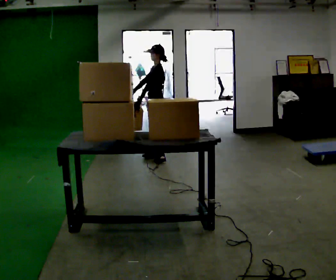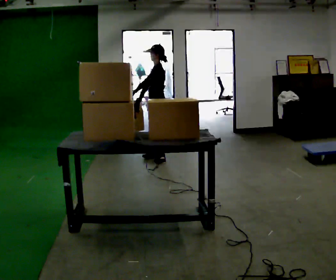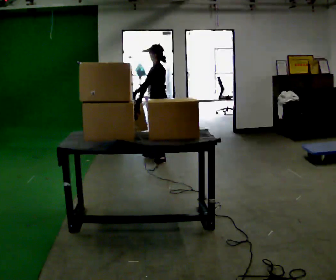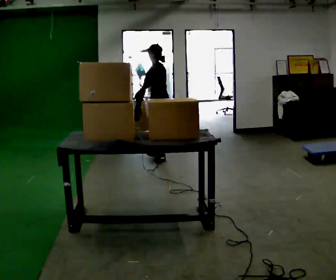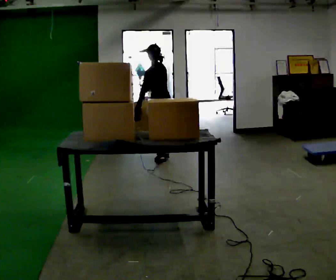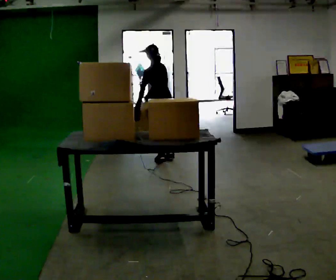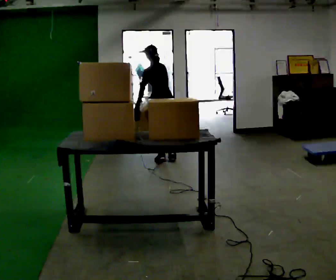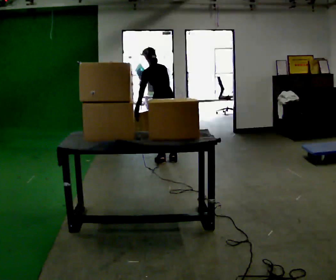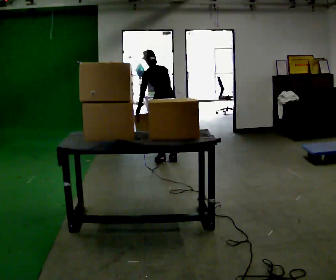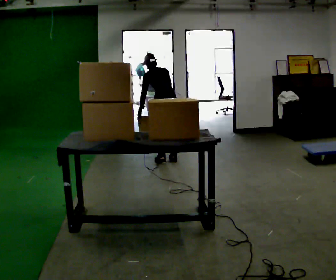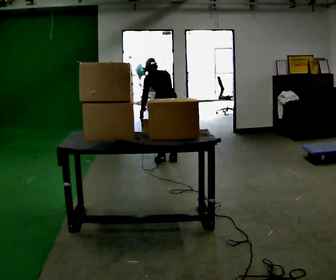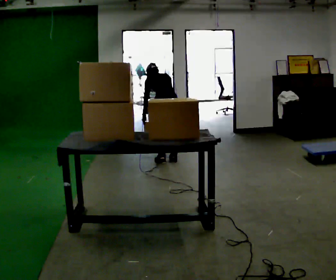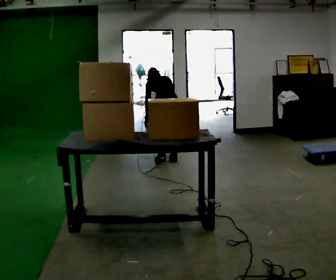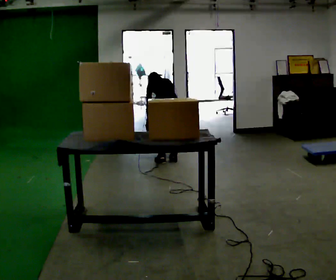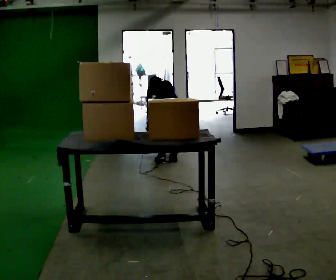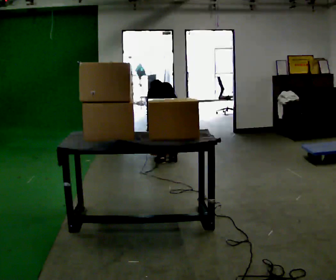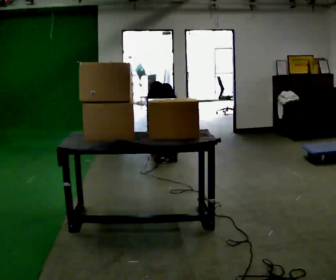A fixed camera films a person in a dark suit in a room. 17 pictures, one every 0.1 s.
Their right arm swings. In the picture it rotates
counterclockwise.
The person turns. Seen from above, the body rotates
clockwise.
0.0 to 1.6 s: The person turns about 75 degrees to their right, clockwise seen from above, so the part of the body nearest the lens slides to the left. In the picture they go toward the camera, about 0.25 m in 1 step. The shoulders move downward. The upper body tips away from the camera, its near side rolling upward, as they bend forward. In the picture their right hand goes downward, the arm swinging counterclockwise.
The film runs backward here.
